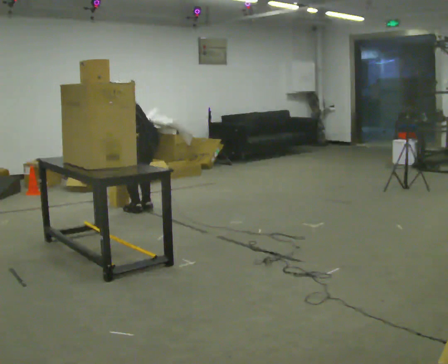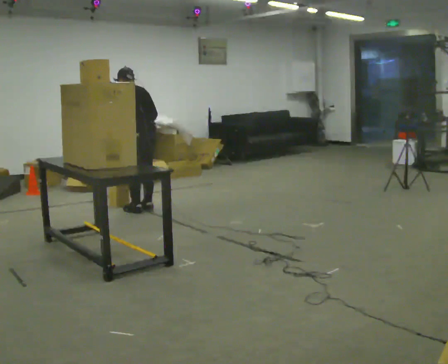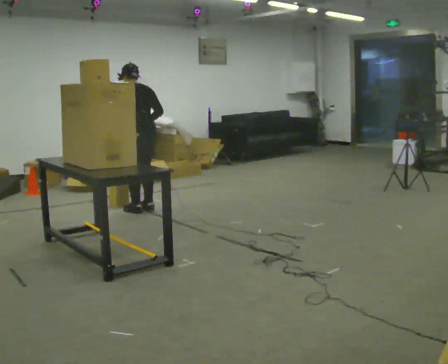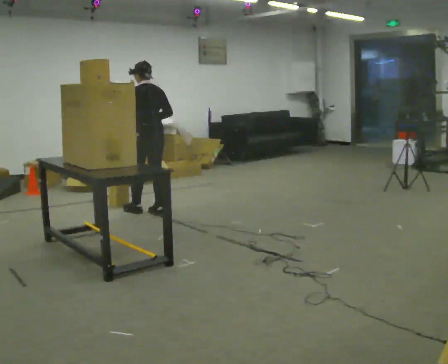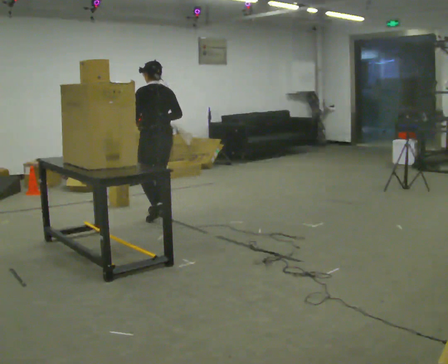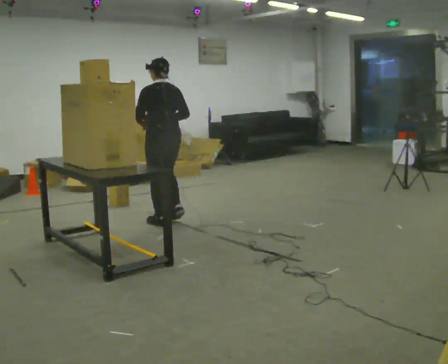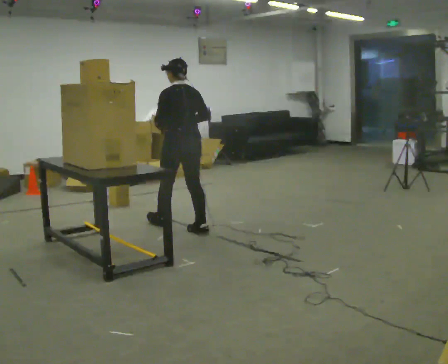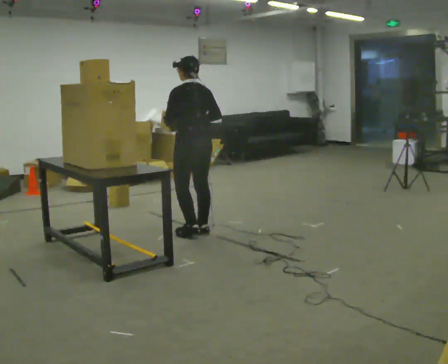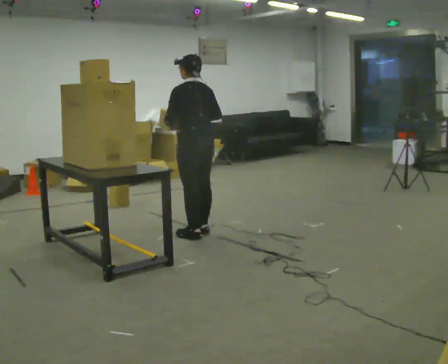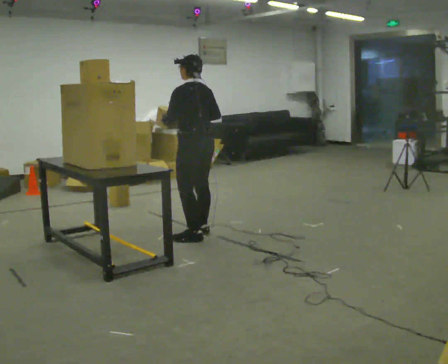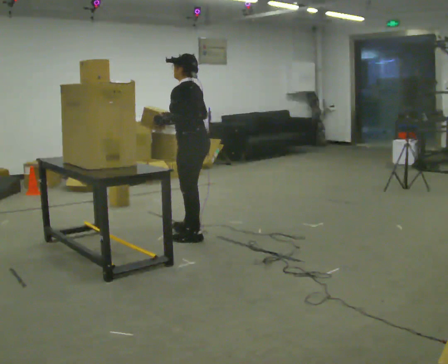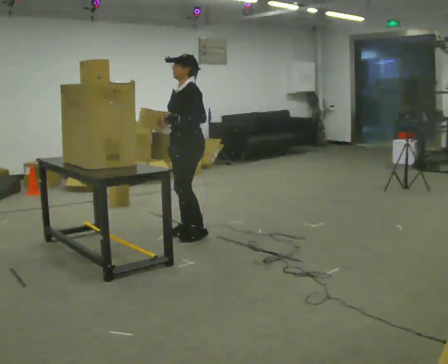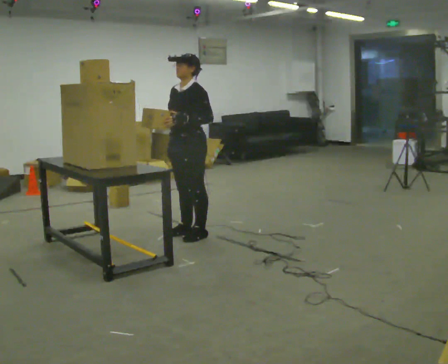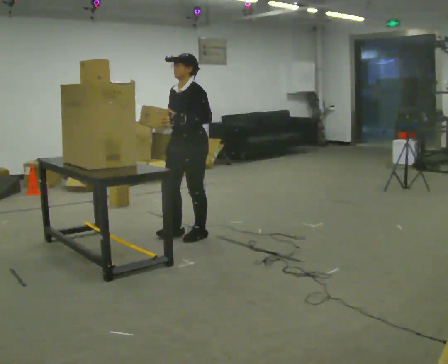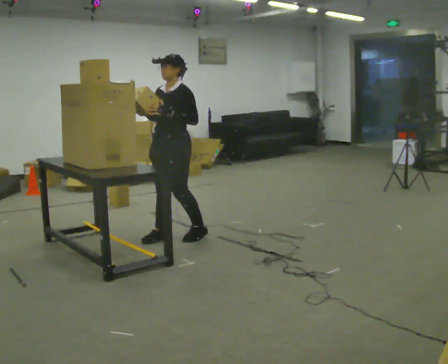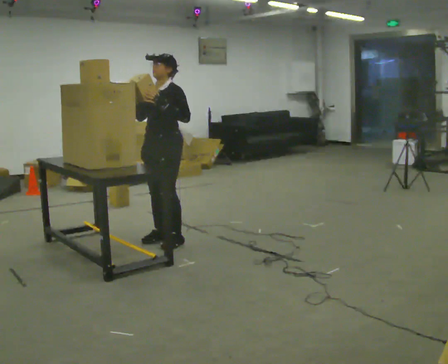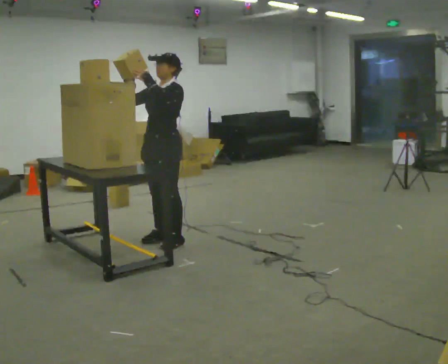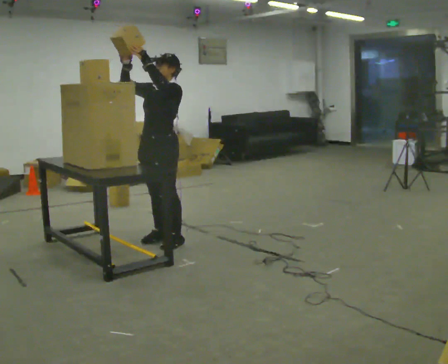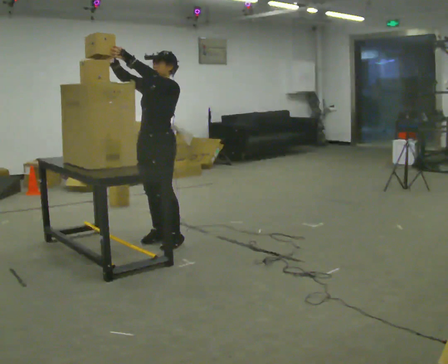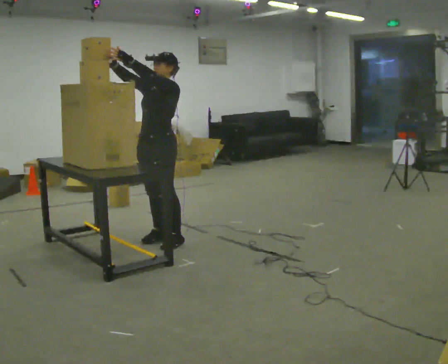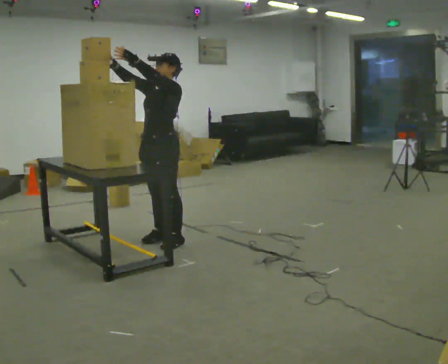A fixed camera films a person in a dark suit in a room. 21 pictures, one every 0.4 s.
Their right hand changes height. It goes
upward.
The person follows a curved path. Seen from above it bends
clockwise.
0.0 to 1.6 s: In the picture they go toward the camera and to the right, about 0.25 m in 2 steps, which for them is backward. The upper body goes upward. In the picture the upper body tilts clockwise, shoulders to the right, as they lean back or straighten. In the picture their right hand goes upward.
1.6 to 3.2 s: In the picture they go toward the camera and to the right, about 0.5 m in 2 steps, which for them is backward.
3.2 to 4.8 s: The person turns about 90 degrees to their left, counterclockwise seen from above, so the part of the body nearest the lens slides to the right.
4.8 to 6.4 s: In the picture they go to the left and toward the camera, about 0.25 m in 2 steps, which for them is forward.
6.4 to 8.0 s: The person moves a little, or ends about where they began.
The film runs backward here.
